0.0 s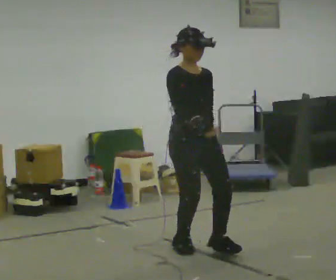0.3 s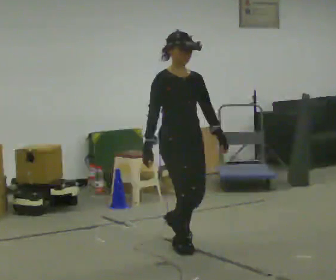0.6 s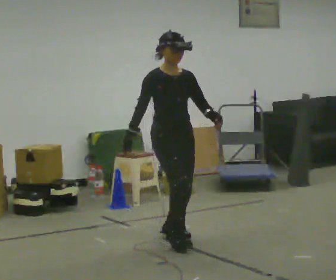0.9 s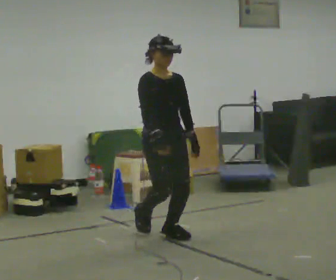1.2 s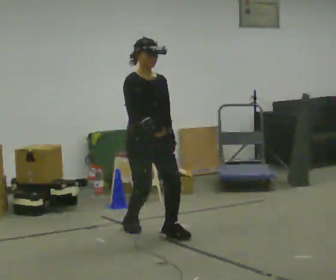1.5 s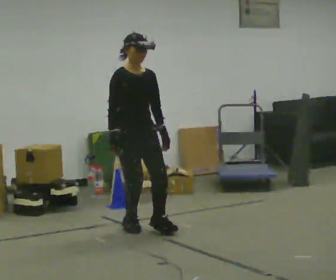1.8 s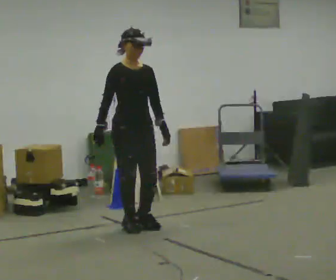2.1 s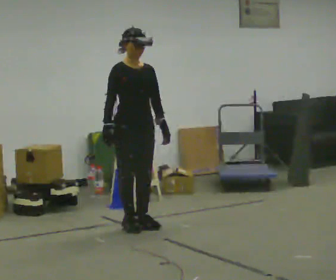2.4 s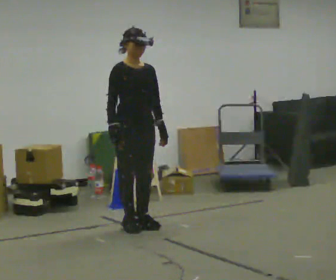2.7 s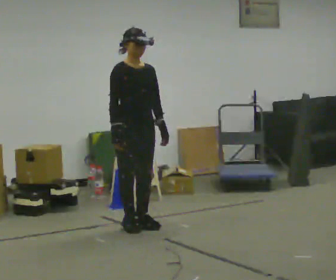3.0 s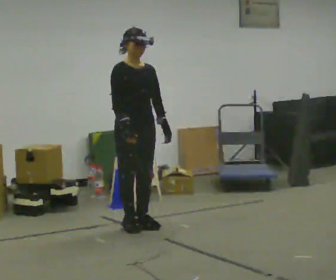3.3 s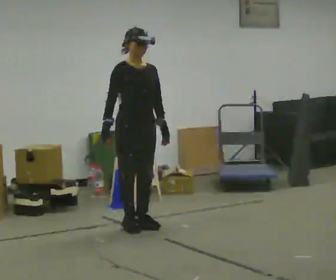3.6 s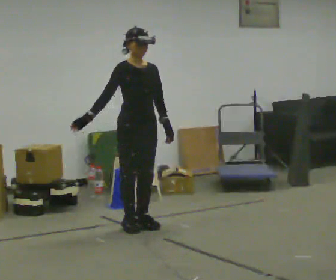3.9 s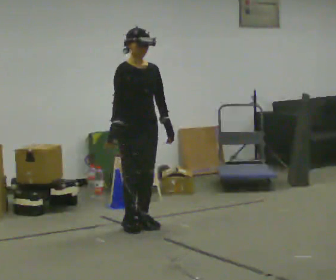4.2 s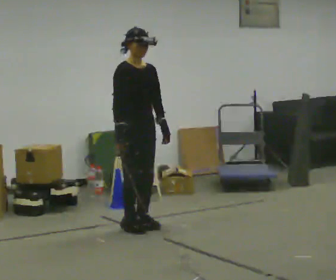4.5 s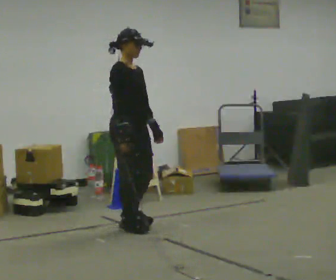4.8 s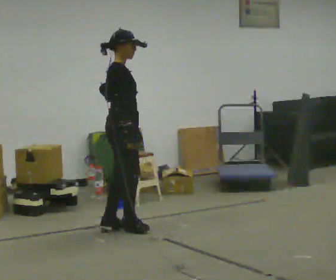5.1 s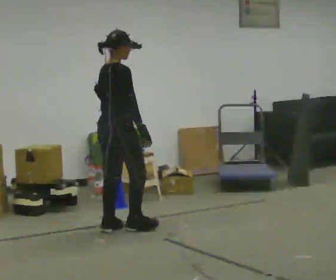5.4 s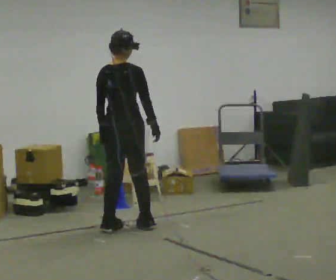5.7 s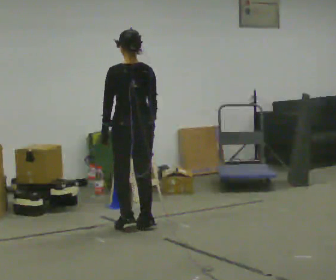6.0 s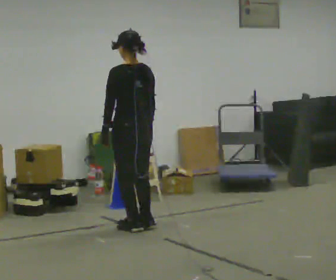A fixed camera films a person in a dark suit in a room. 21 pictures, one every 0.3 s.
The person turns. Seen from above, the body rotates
counterclockwise.
The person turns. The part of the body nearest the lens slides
to the right.
0.0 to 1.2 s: In the picture they go away from the camera and to the left, about 0.75 m in 1 step, which for them is backward.
1.2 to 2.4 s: In the picture they go away from the camera, about 0.25 m in 1 step, which for them is backward.
2.4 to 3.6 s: The person moves a little, or ends about where they began.
3.6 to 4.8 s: The person turns about 60 degrees to their left, counterclockwise seen from above, so the part of the body nearest the lens slides to the right. In the picture their right hand goes to the right, the arm swinging counterclockwise.
4.8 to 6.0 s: The part of the body nearest the lens slides to the right as the person turns to their left by about 120 degrees.
The film runs backward here.
